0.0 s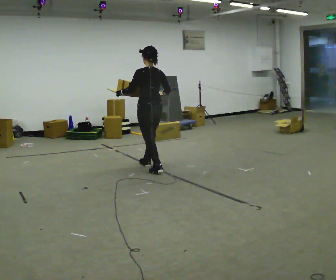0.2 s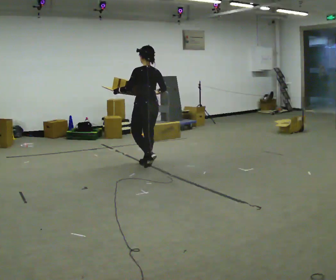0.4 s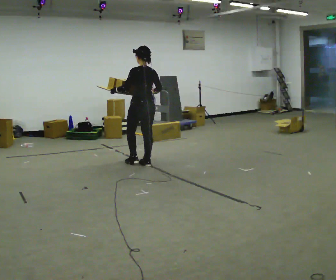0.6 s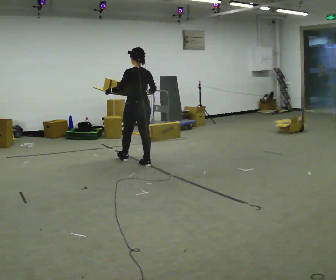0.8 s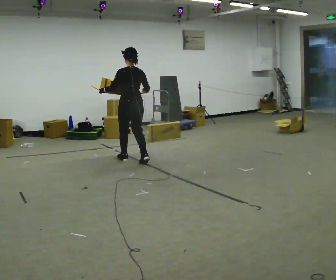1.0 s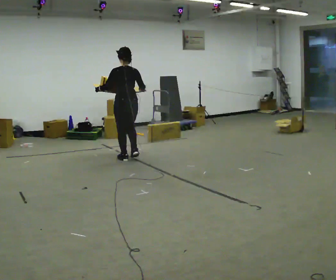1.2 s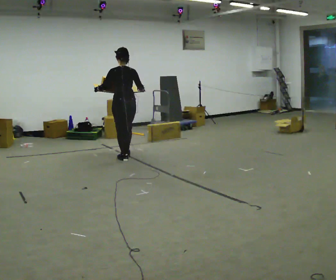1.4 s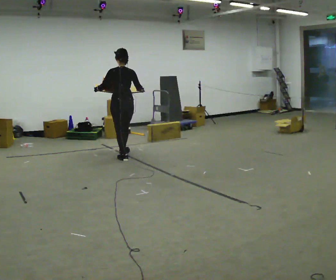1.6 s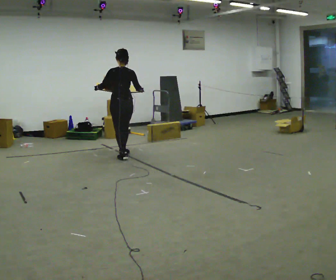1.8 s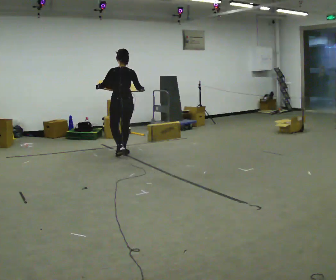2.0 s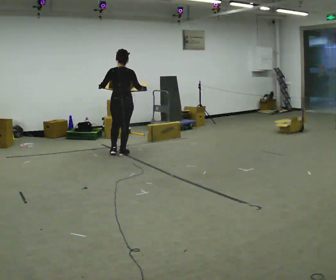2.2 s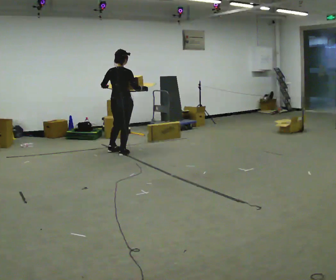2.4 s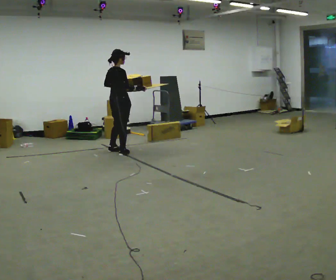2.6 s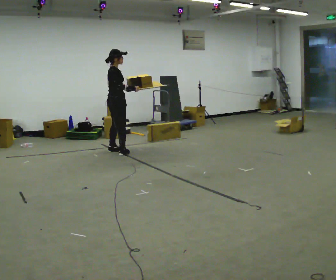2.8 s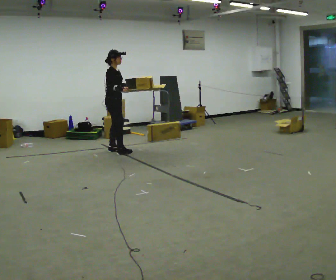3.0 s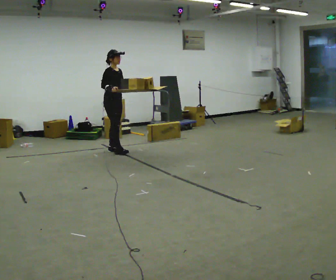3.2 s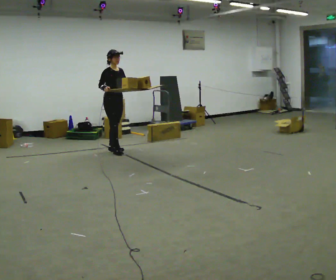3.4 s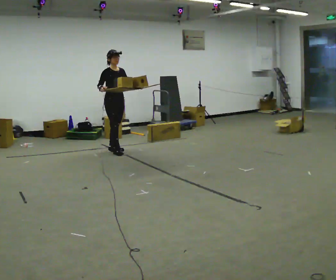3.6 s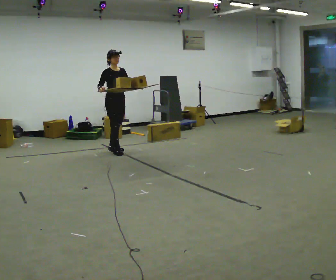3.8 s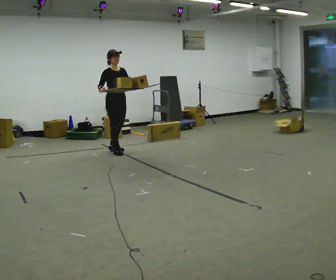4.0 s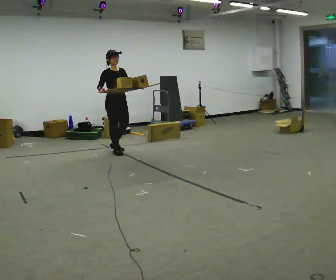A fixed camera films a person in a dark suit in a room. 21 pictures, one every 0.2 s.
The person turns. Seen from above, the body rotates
clockwise.
The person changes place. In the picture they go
away from the camera.
0.0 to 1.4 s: In the picture they go away from the camera and to the left, about 1 m in 2 steps, which for them is forward.
1.4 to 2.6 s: The part of the body nearest the lens slides to the left as the person turns to their right by about 90 degrees. In the picture they go away from the camera, about 0.5 m in 1 step.
2.6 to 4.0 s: Seen from above the body turns clockwise, about 60 degrees: to their right, with its near side sliding to the left.
The film runs forward here.
